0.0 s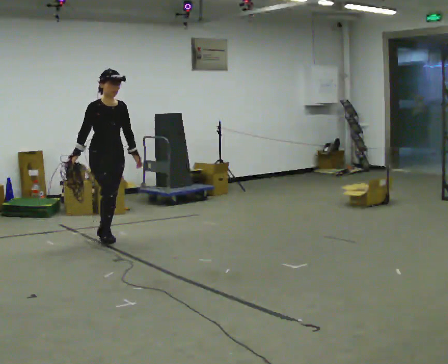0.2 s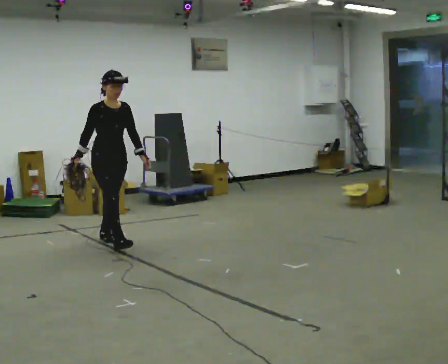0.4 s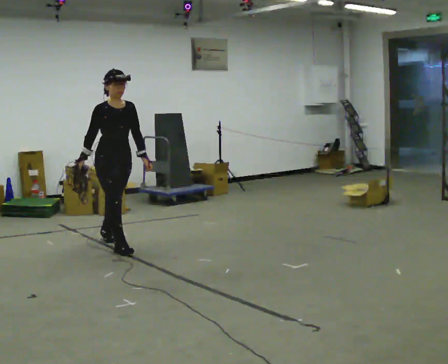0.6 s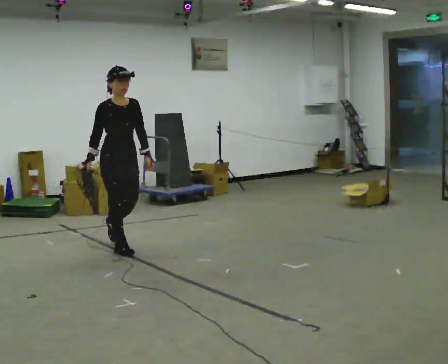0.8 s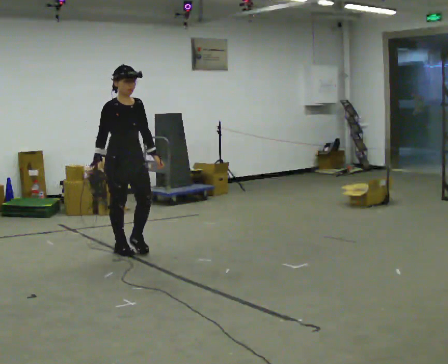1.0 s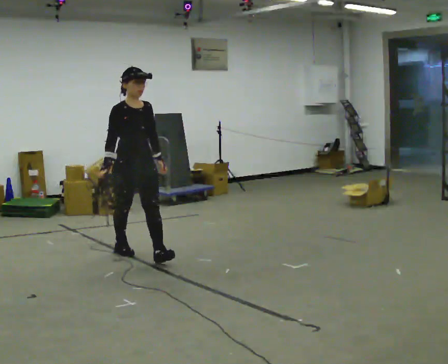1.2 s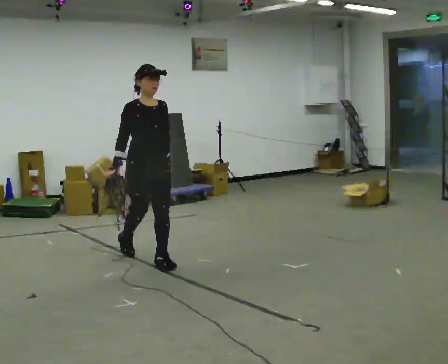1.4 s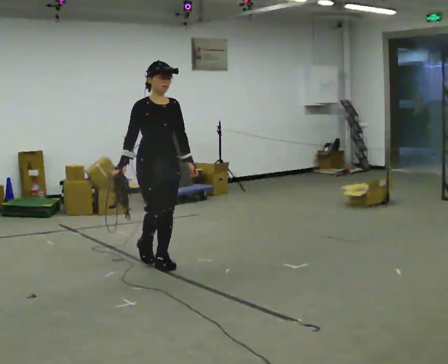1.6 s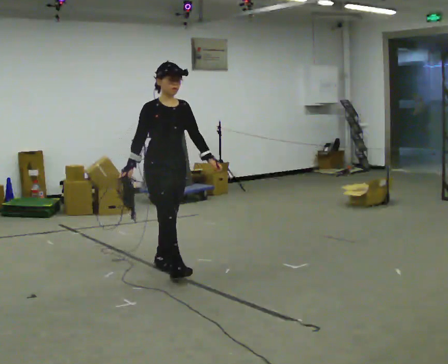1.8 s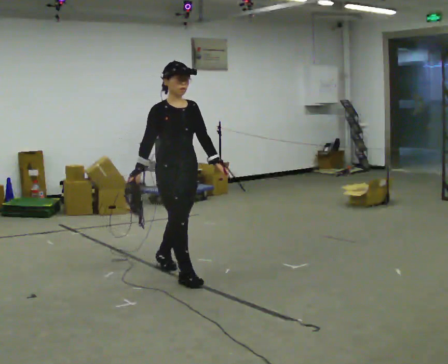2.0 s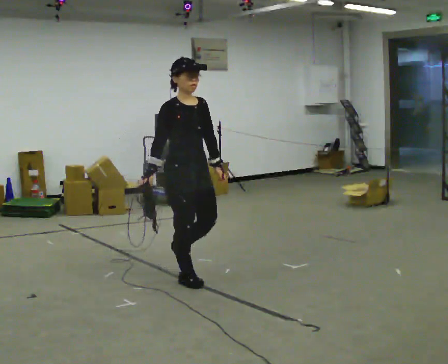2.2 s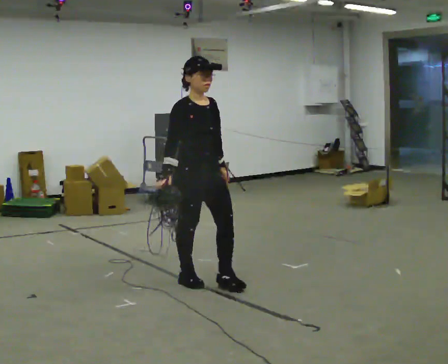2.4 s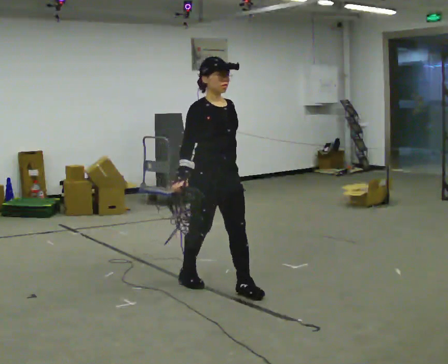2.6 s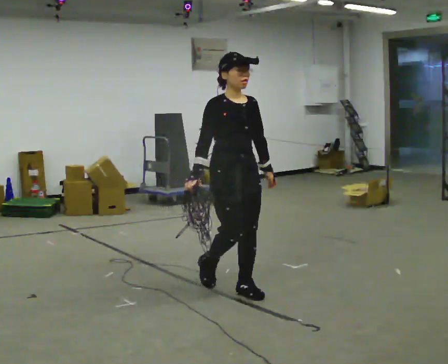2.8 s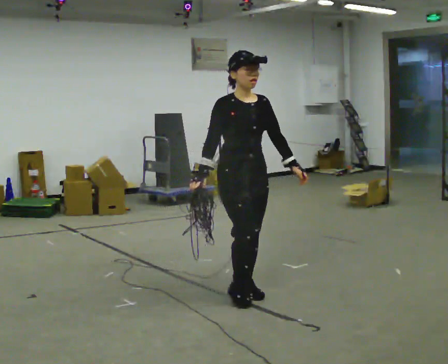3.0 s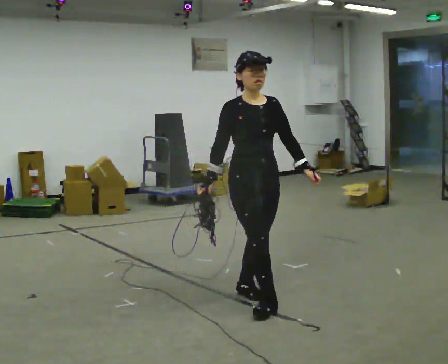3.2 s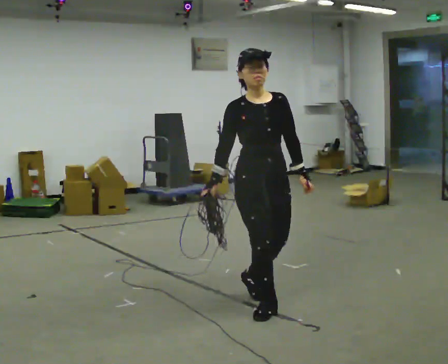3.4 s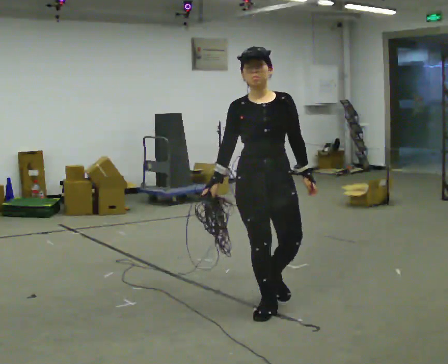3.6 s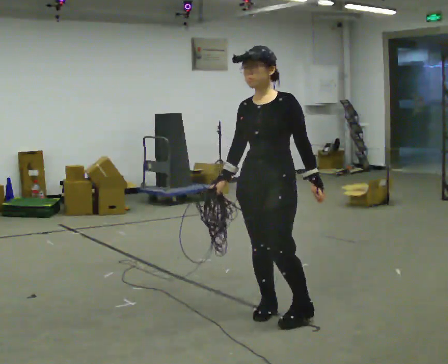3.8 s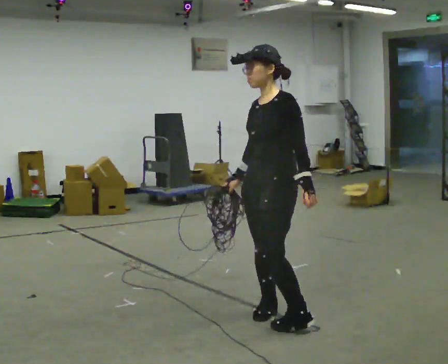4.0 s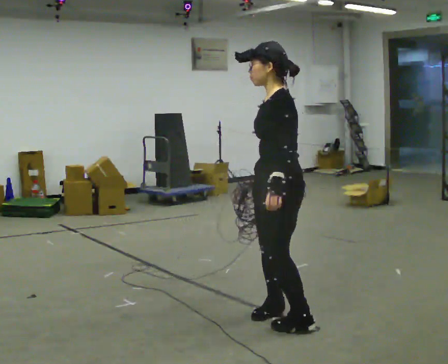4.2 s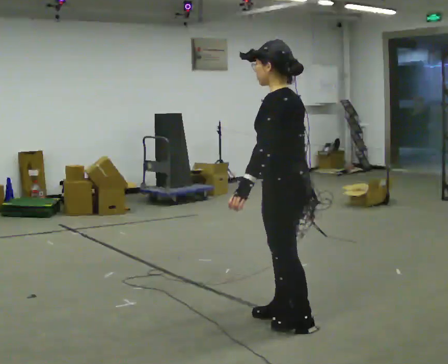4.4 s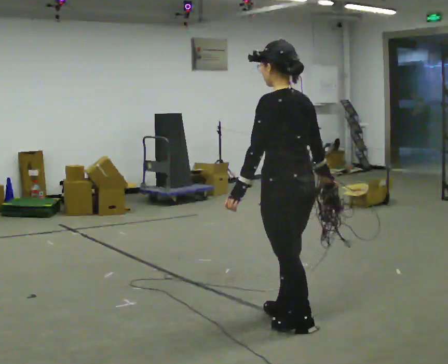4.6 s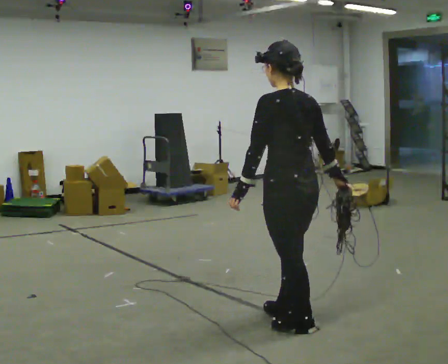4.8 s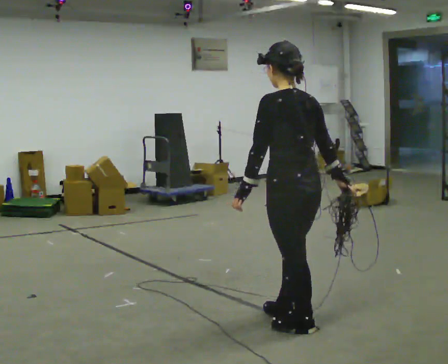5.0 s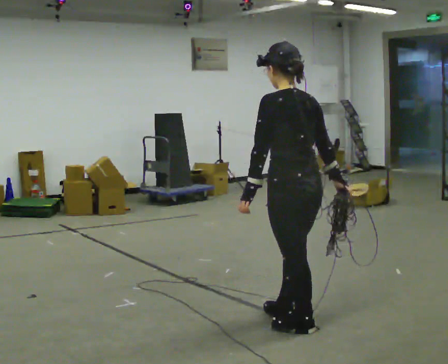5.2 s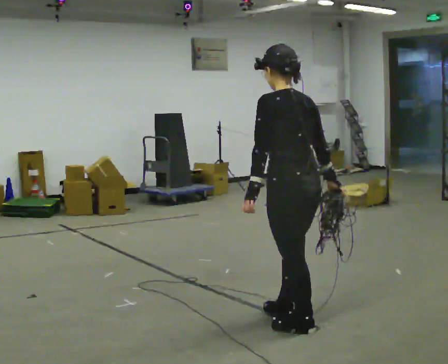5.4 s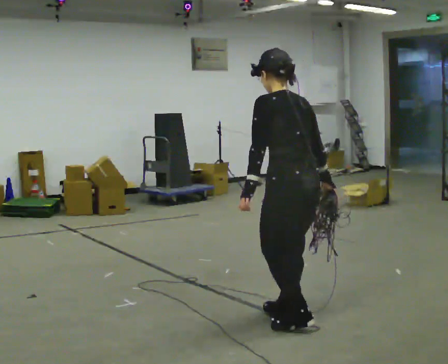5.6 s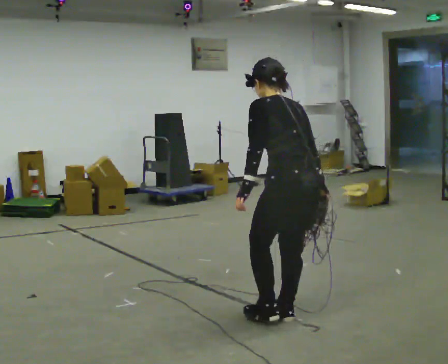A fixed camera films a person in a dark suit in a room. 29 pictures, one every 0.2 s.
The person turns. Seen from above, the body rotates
clockwise.
The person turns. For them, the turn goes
to their right.
0.0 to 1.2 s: In the picture they go toward the camera and to the right, about 1 m in 2 steps, which for them is forward.
1.2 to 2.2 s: In the picture they go toward the camera and to the right, about 1 m in 1 step, which for them is forward.
2.2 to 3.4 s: Seen from above the body turns clockwise, about 45 degrees: to their right, with its near side sliding to the left. In the picture they go toward the camera and to the right, about 0.5 m in 2 steps, which for them is forward.
3.4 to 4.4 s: The part of the body nearest the lens slides to the left as the person turns to their right by about 135 degrees. In the picture they go toward the camera and to the right, about 0.25 m in 2 steps.
4.4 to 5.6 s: The upper body tips away from the camera, its near side rolling upward, as they bend forward.
The film runs forward here.
